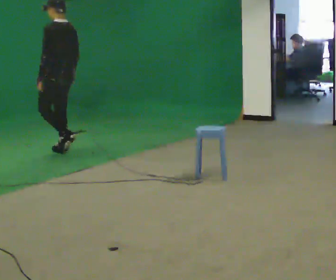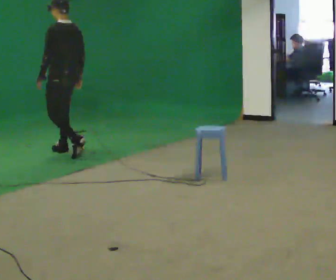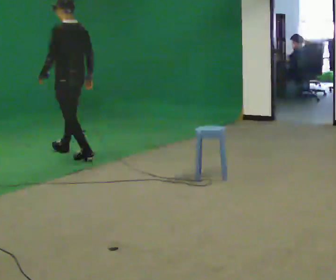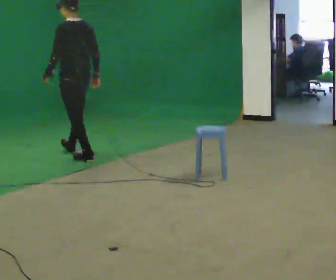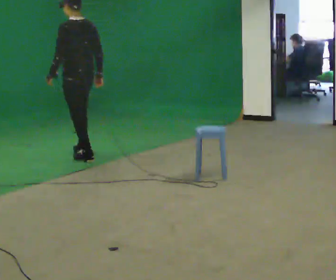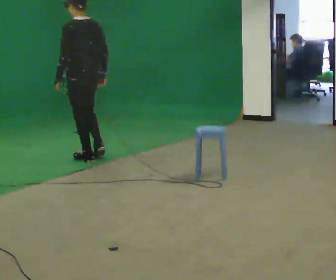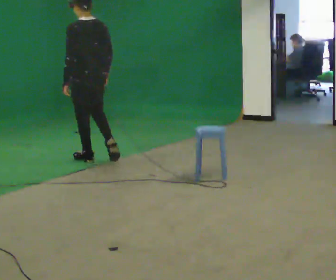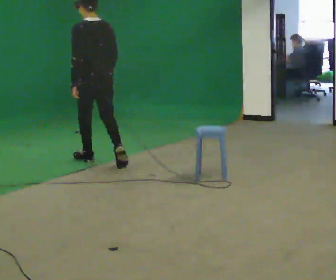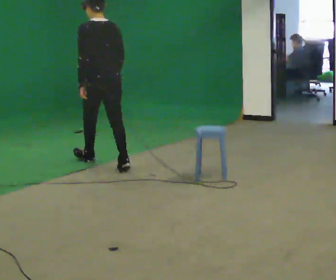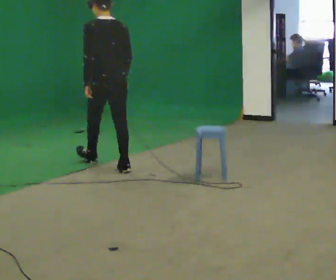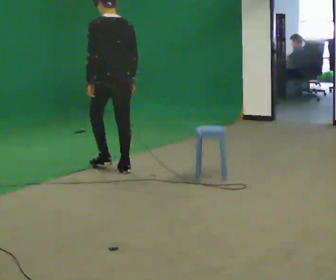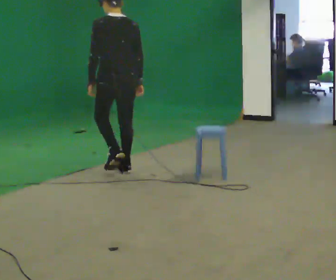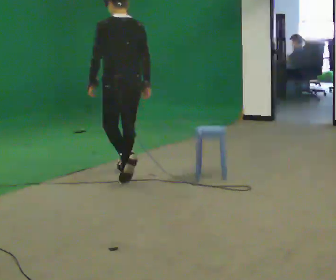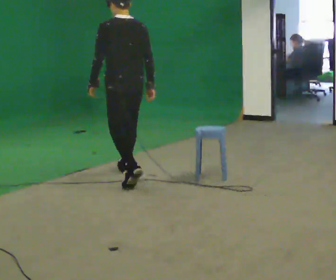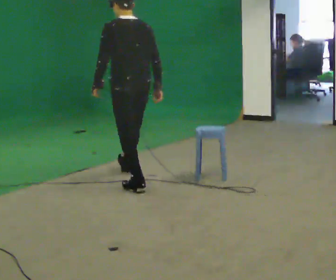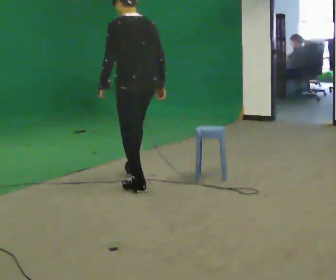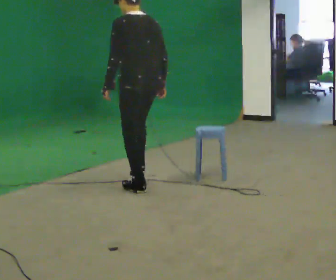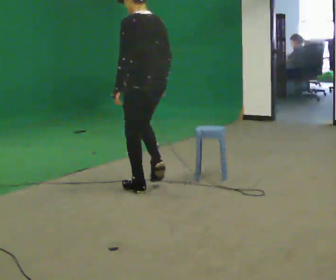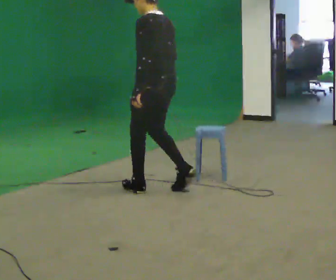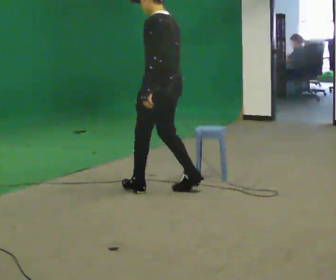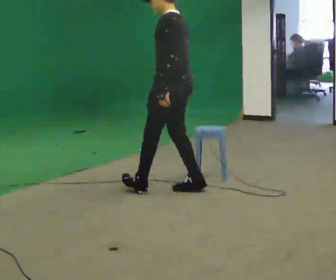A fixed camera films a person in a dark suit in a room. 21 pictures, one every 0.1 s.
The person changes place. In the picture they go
toward the camera.
0.0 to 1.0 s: The part of the body nearest the lens slides to the left as the person turns to their right by about 30 degrees. In the picture they go toward the camera and to the right, about 1 m in 2 steps, which for them is backward.
1.0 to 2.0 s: The part of the body nearest the lens slides to the right as the person turns to their left by about 45 degrees. In the picture they go toward the camera and to the right, about 1 m in 2 steps, which for them is backward.
The film runs backward here.
